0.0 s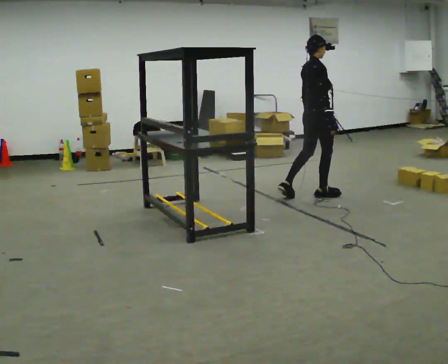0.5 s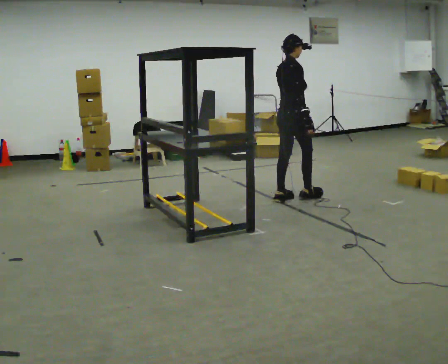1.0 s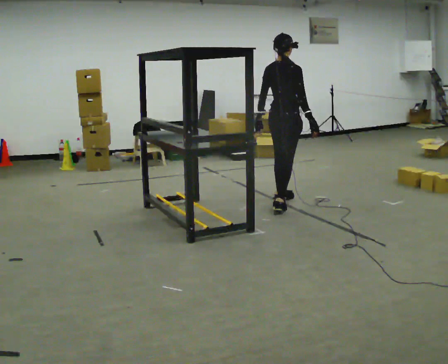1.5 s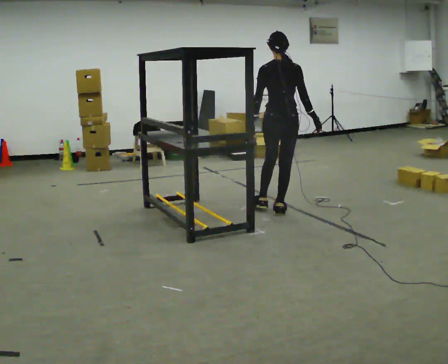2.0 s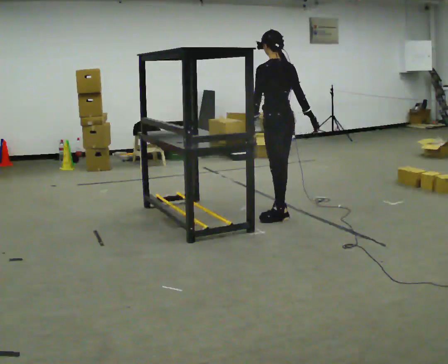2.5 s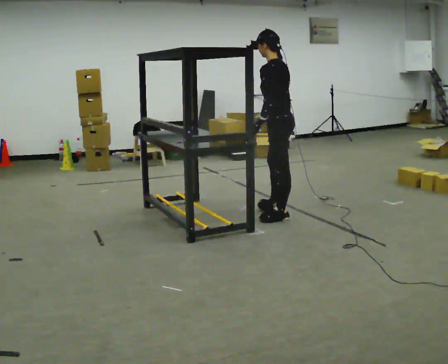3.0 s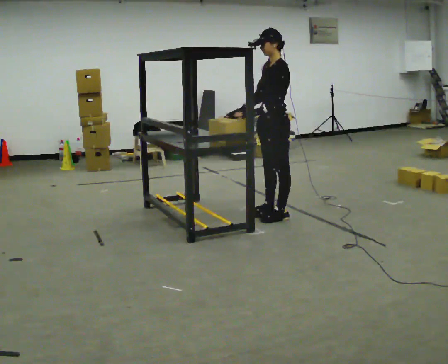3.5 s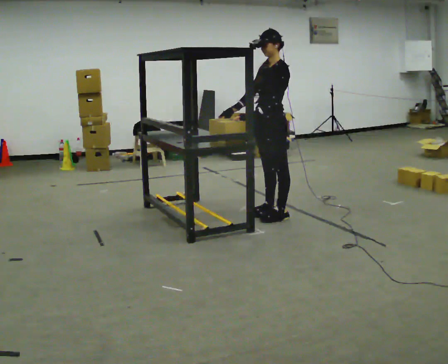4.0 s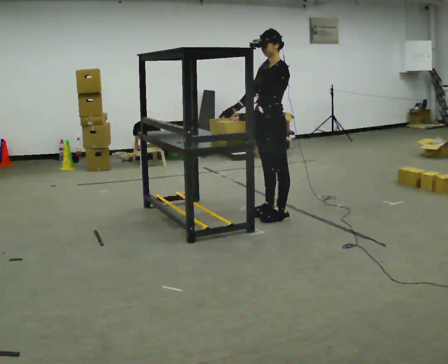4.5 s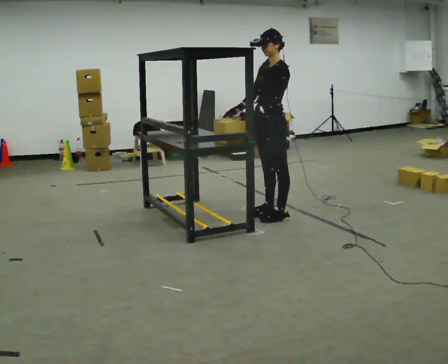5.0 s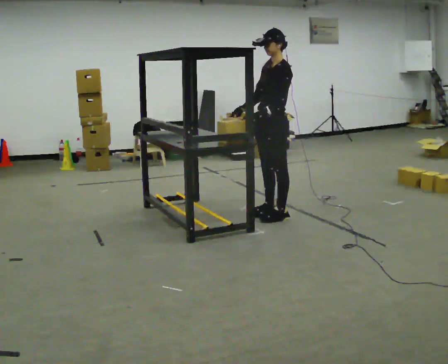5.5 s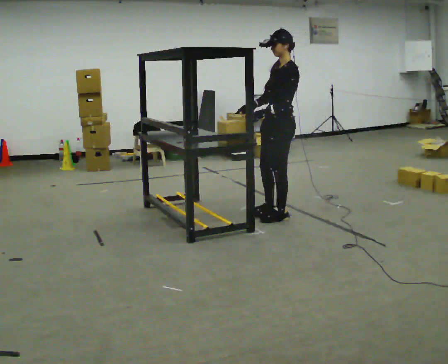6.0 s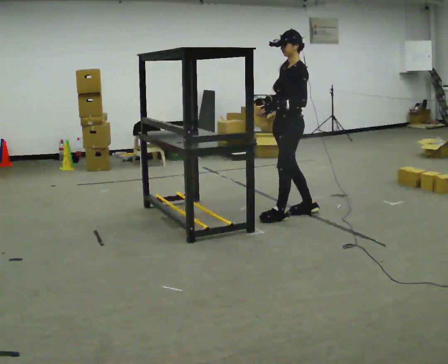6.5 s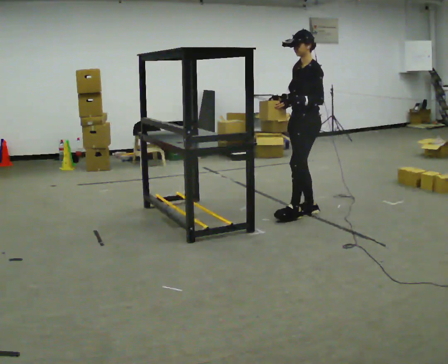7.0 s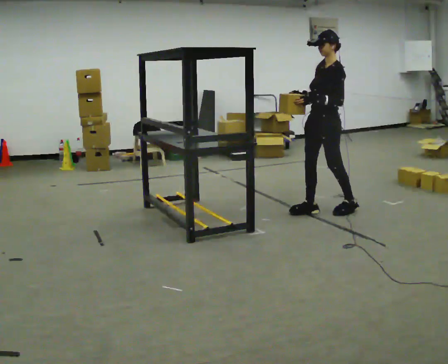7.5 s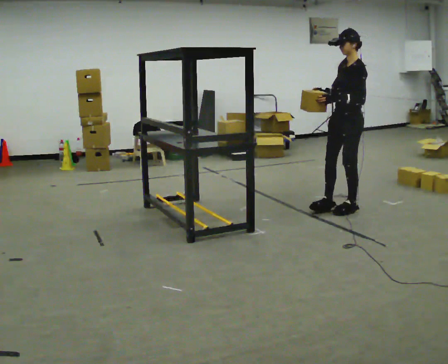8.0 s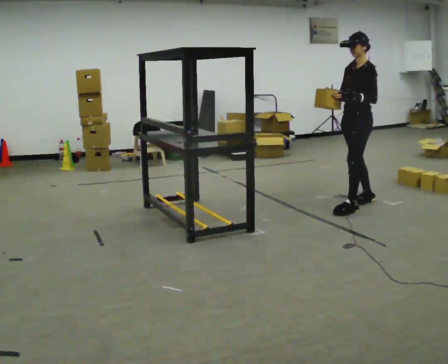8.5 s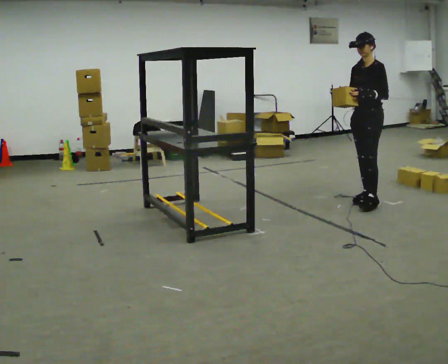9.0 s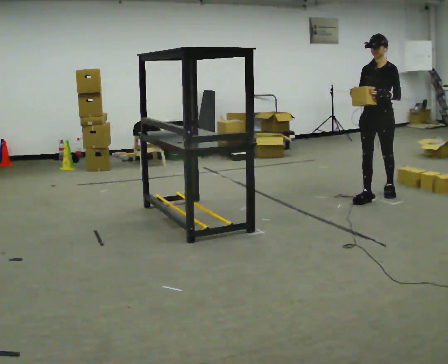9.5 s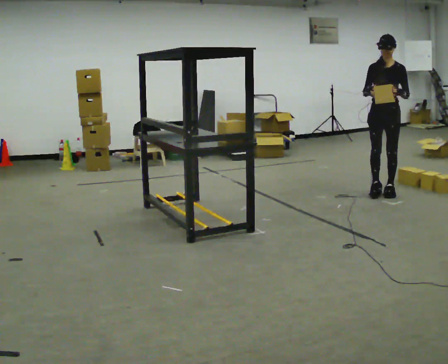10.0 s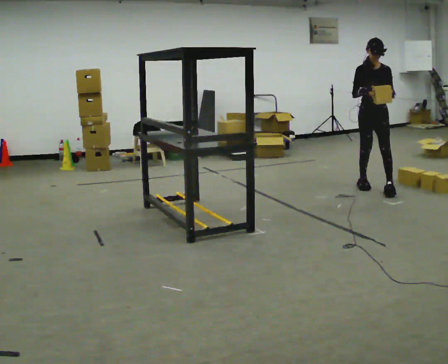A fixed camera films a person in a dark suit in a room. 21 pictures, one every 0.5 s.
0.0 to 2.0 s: The person turns about 105 degrees to their left, counterclockwise seen from above, so the part of the body nearest the lens slides to the right. In the picture they go toward the camera and to the left, about 0.5 m in 2 steps.
2.0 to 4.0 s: Seen from above the body turns counterclockwise, about 75 degrees: to their left, with its near side sliding to the right. In the picture their right hand goes to the left, the arm swinging clockwise.
4.0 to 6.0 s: In the picture they go to the right, about 0.25 m in 1 step, which for them is backward.
6.0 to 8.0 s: In the picture they go to the right, about 0.75 m in 2 steps, which for them is backward.
8.0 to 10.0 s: Seen from above the body turns counterclockwise, about 60 degrees: to their left, with its near side sliding to the right. In the picture they go away from the camera, about 1 m in 2 steps.
The film runs backward here.
